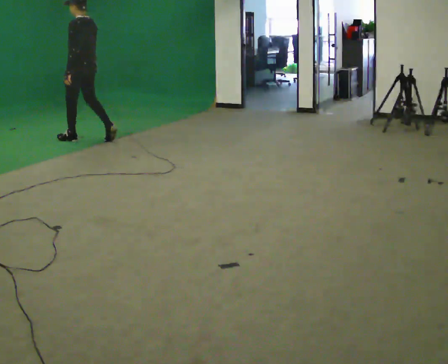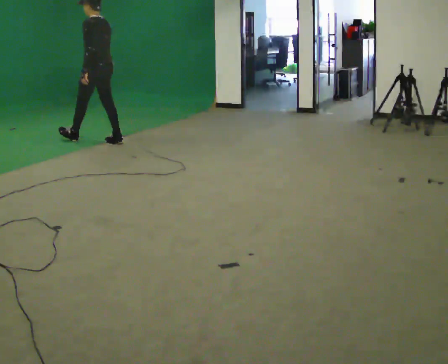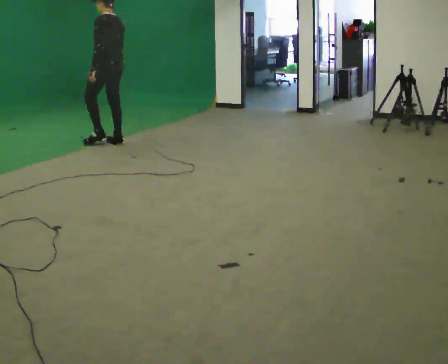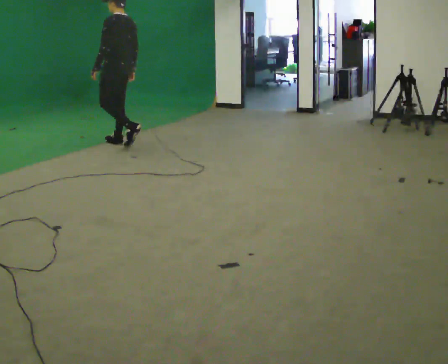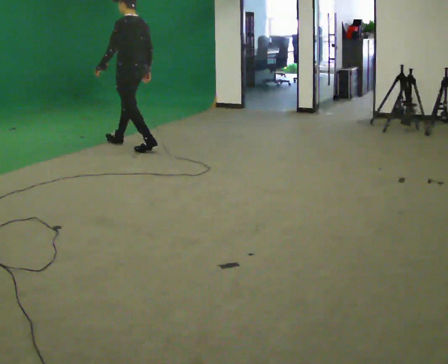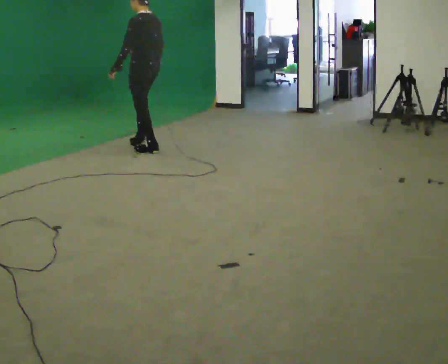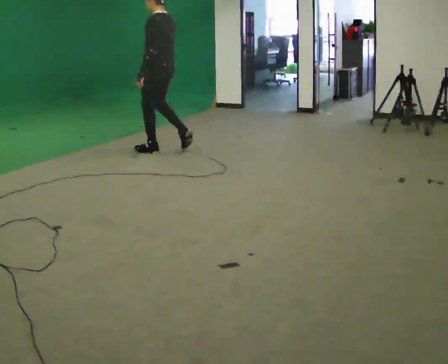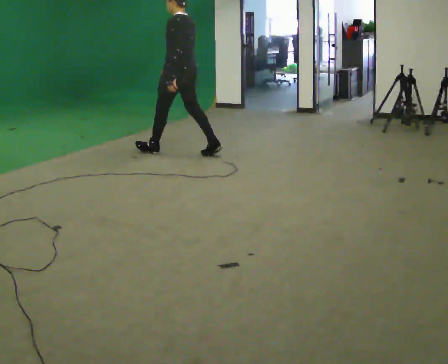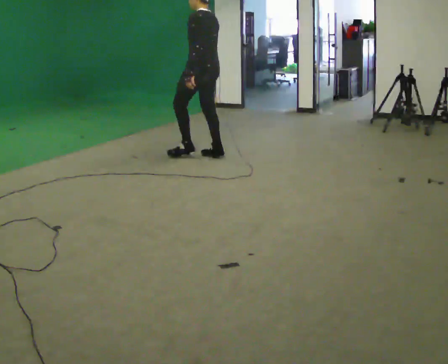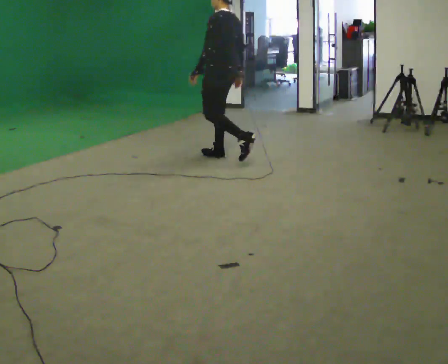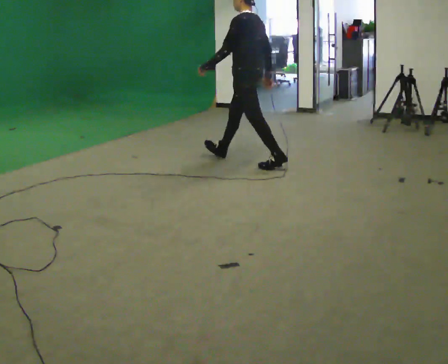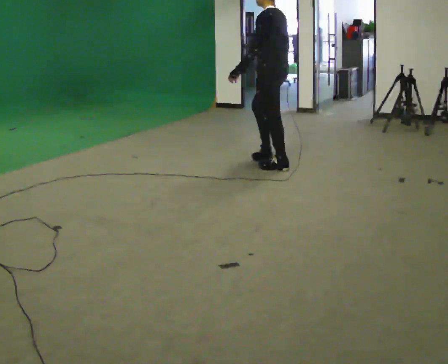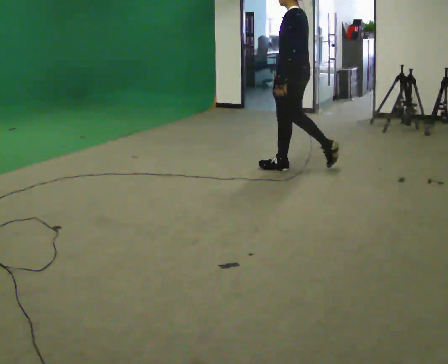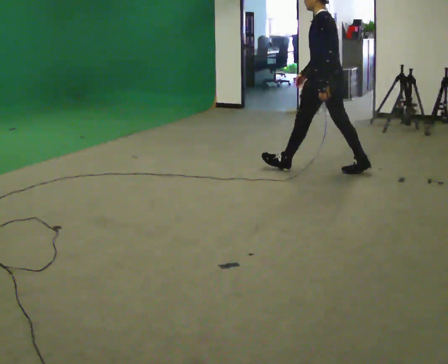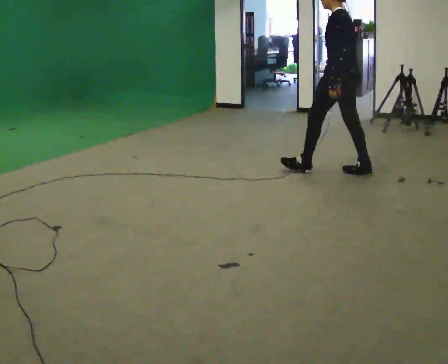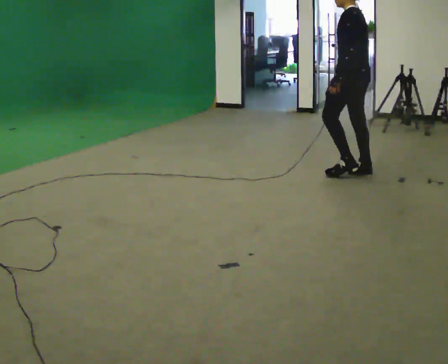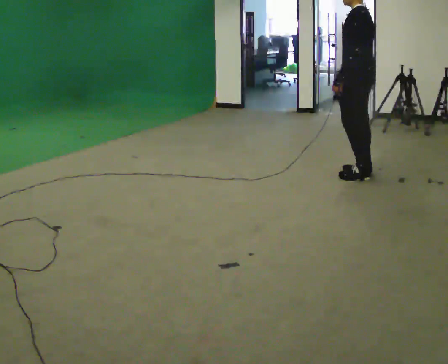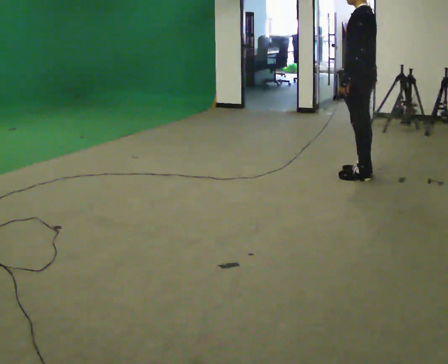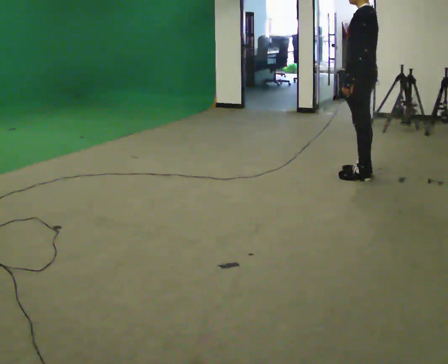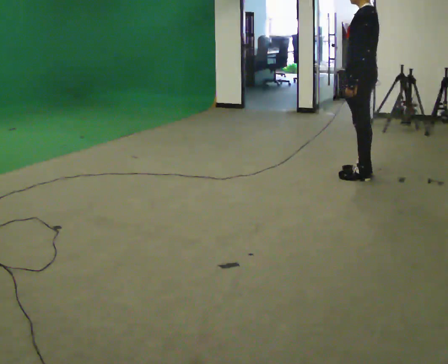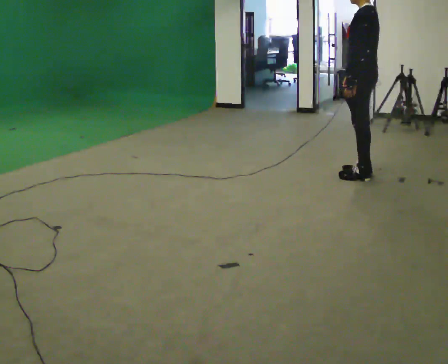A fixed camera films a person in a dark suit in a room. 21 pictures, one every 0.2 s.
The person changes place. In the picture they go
to the right.
0.0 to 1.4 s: In the picture they go to the right and toward the camera, about 1.5 m in 3 steps, which for them is backward.
1.4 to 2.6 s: In the picture they go to the right and toward the camera, about 1.5 m in 1 step, which for them is backward.
2.6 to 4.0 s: In the picture they go to the right and toward the camera, about 0.5 m in 1 step, which for them is backward.
The film runs backward here.
